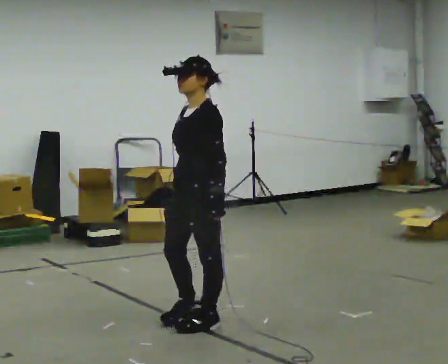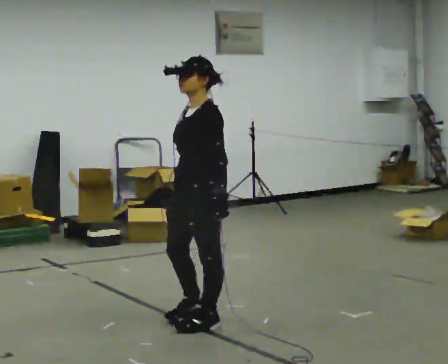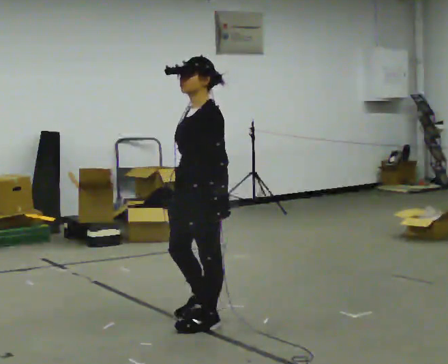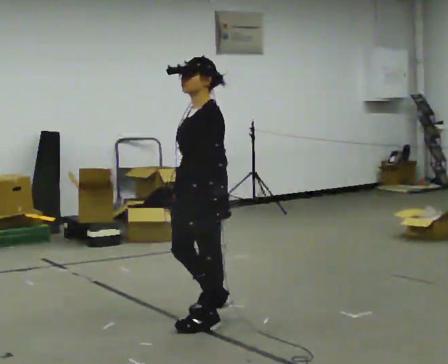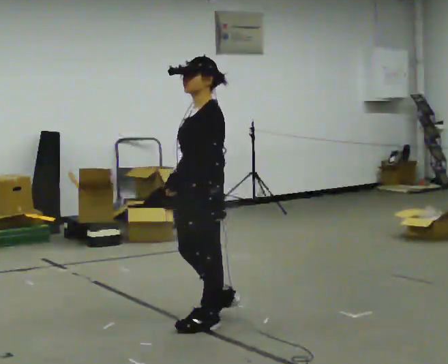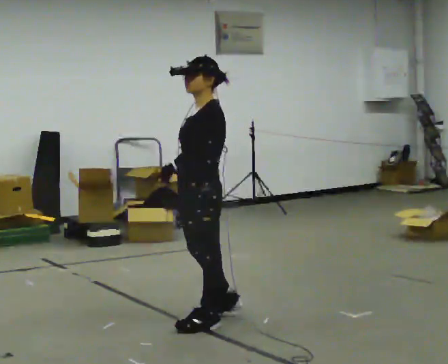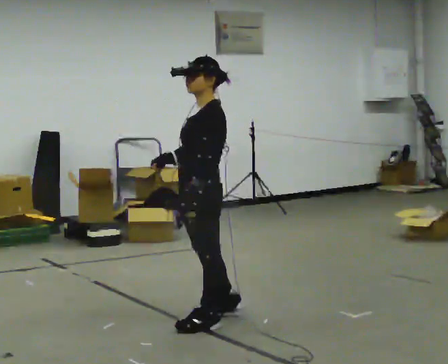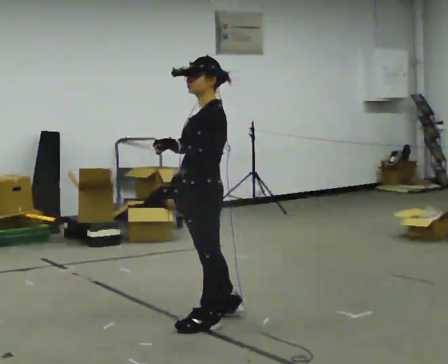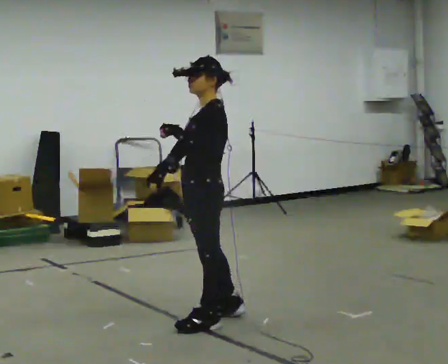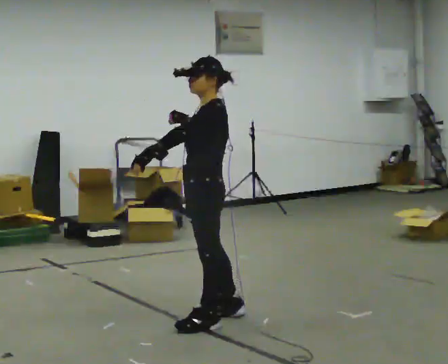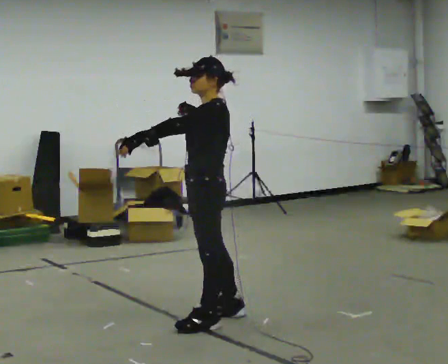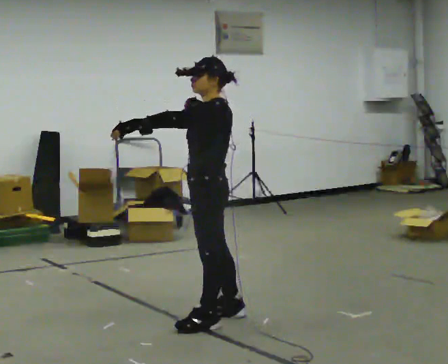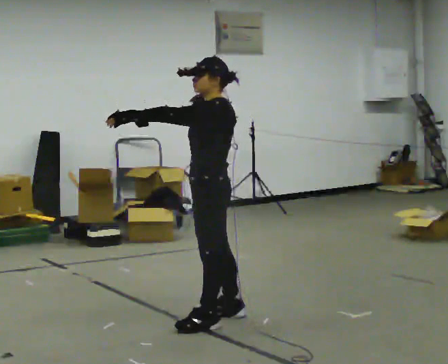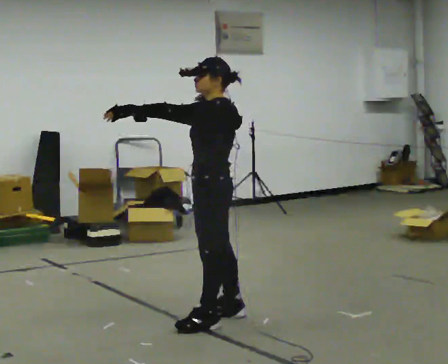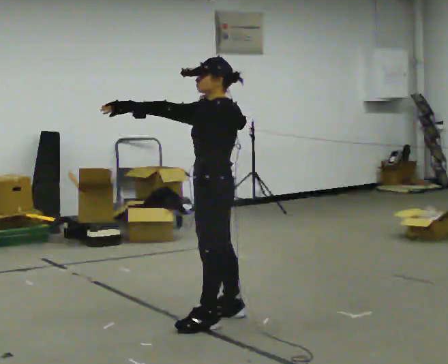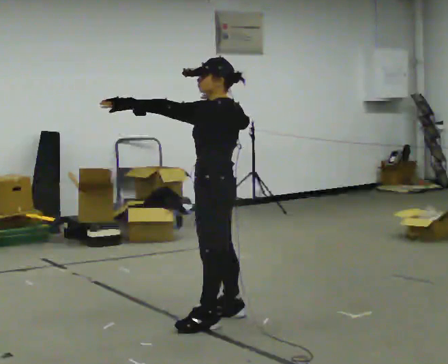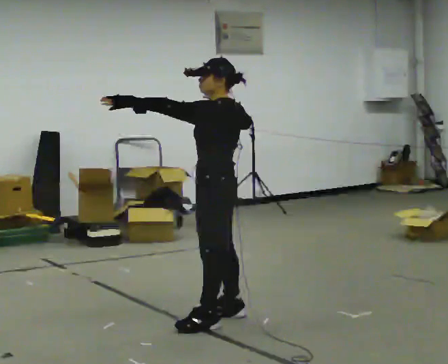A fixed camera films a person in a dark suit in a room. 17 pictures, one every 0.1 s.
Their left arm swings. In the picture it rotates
clockwise.
Their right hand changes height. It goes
upward.
0.0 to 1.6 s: The part of the body nearest the lens slides to the left as the person turns to their right by about 45 degrees. In the picture they go away from the camera, about 0.25 m in 1 step, which for them is to their right and backward. In the picture their left hand goes upward and to the left, the arm swinging clockwise.
The film runs backward here.
